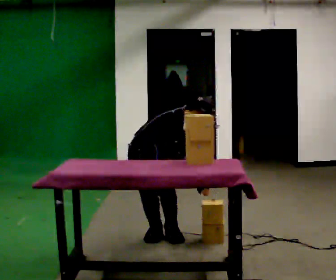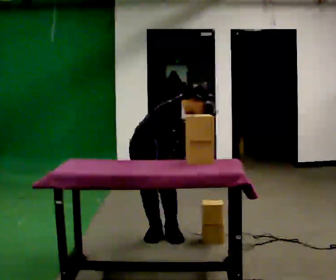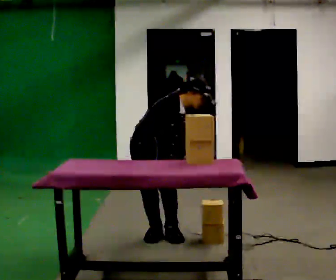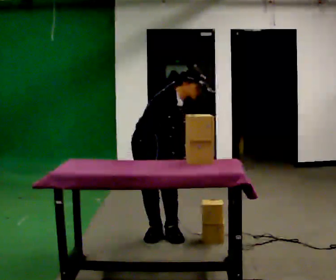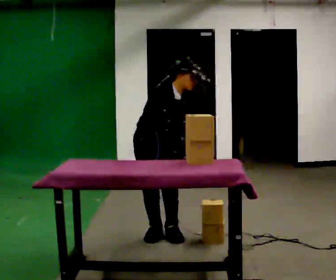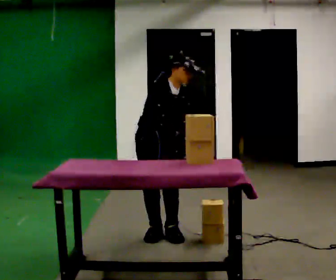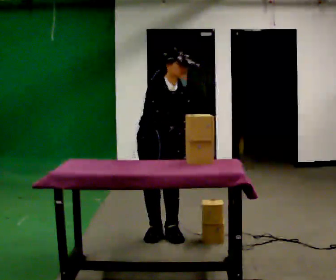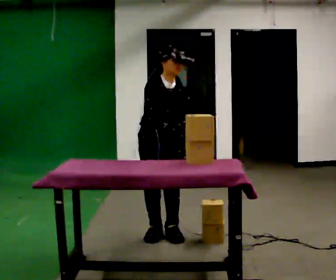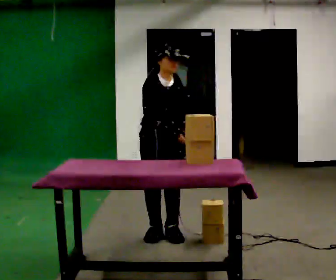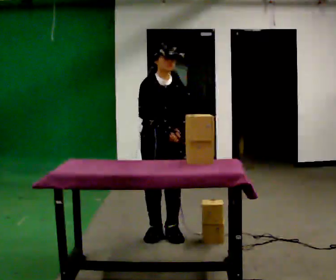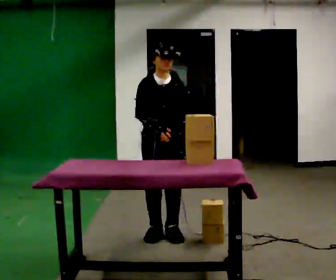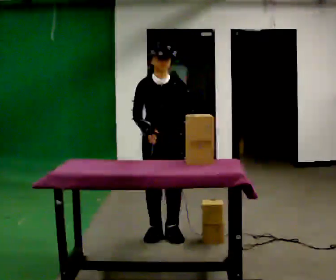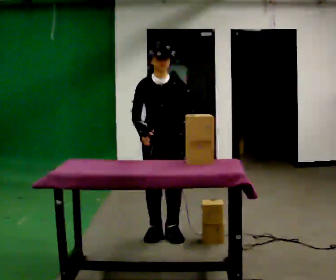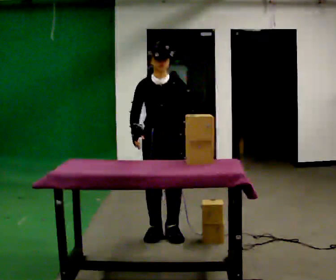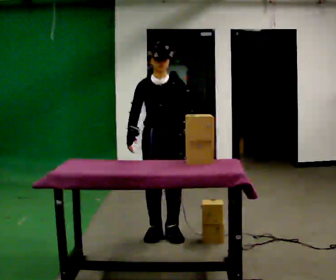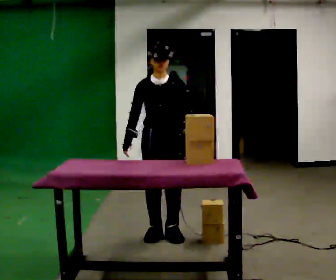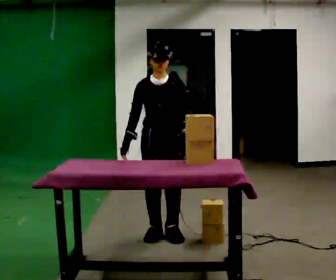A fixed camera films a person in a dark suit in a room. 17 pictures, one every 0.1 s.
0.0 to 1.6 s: Seen from above the body turns clockwise, about 45 degrees: to their right, with its near side sliding to the left. The upper body goes upward. In the picture the upper body tilts counterclockwise, shoulders to the left, as they lean back or straighten. In the picture their right hand goes to the left.
The film runs forward here.
